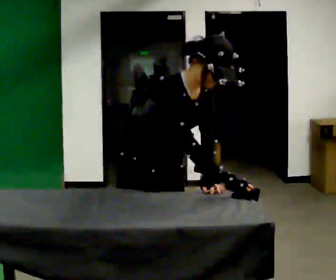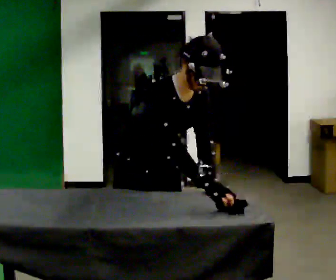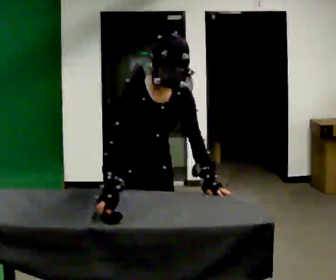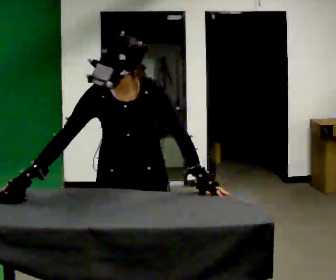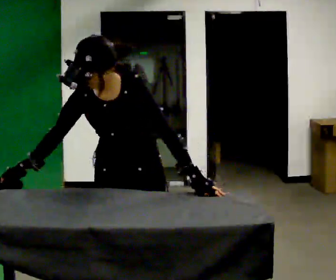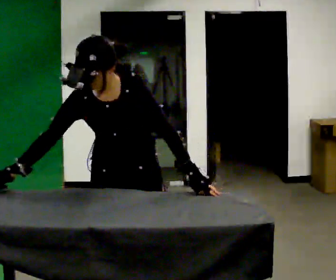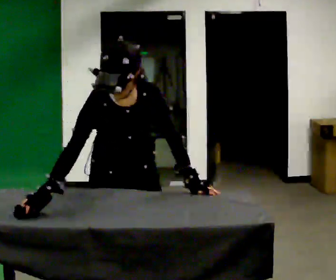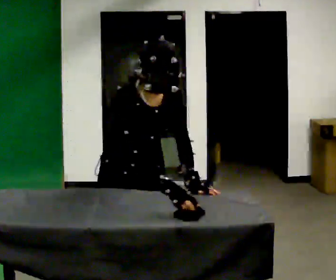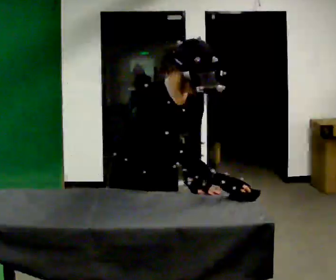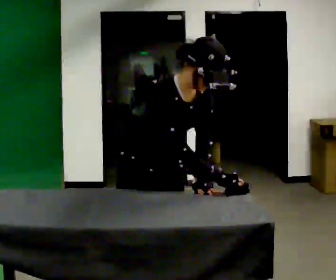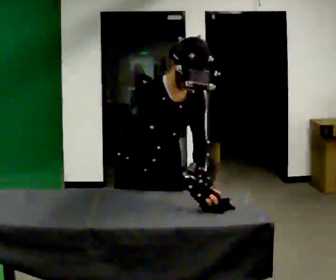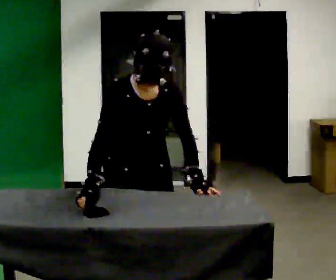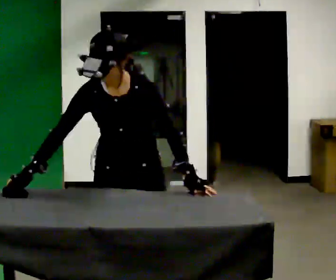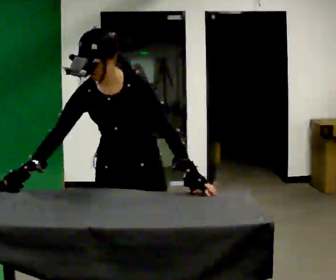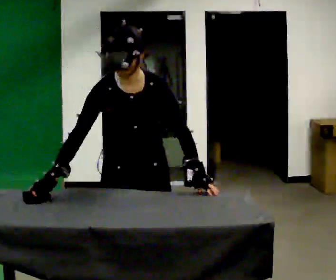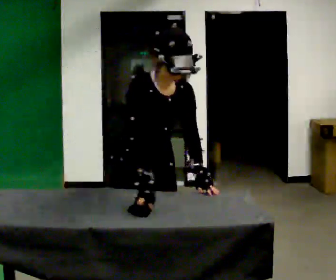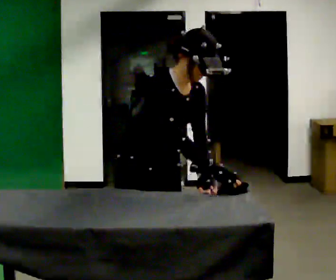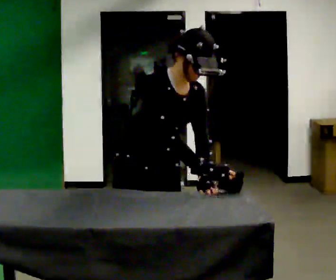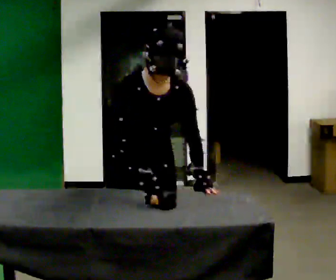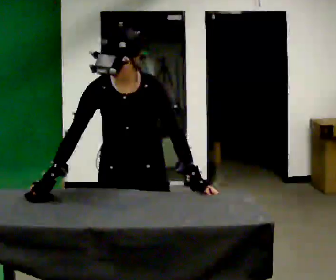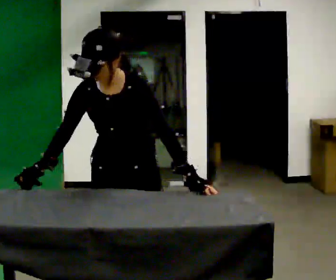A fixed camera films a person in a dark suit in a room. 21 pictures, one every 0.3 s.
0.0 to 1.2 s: The person turns about 45 degrees to their right, clockwise seen from above, so the part of the body nearest the lens slides to the left. In the picture the upper body tilts counterclockwise, shoulders to the left. In the picture their right hand goes to the left, the arm swinging clockwise.
1.2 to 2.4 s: The part of the body nearest the lens slides to the right as the person turns to their left by about 45 degrees. In the picture the upper body tilts clockwise, shoulders to the right. In the picture their right hand goes to the right, the arm swinging counterclockwise.
2.4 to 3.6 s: The part of the body nearest the lens slides to the left as the person turns to their right by about 45 degrees. In the picture the upper body tilts counterclockwise, shoulders to the left. In the picture their right hand goes to the left, the arm swinging clockwise.
3.6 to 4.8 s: The part of the body nearest the lens slides to the right as the person turns to their left by about 45 degrees. In the picture the upper body tilts clockwise, shoulders to the right. In the picture their right hand goes to the right, the arm swinging counterclockwise.
4.8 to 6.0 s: The person turns about 60 degrees to their right, clockwise seen from above, so the part of the body nearest the lens slides to the left. In the picture the upper body tilts counterclockwise, shoulders to the left. In the picture their right hand goes to the left, the arm swinging clockwise.
The film runs forward here.
